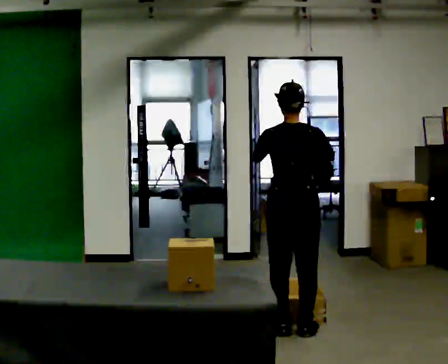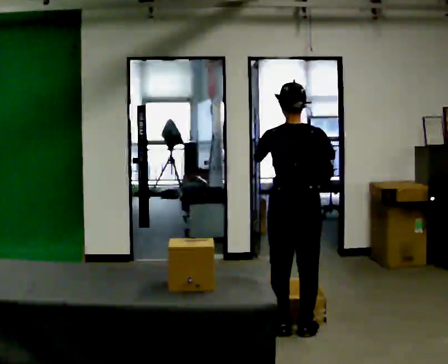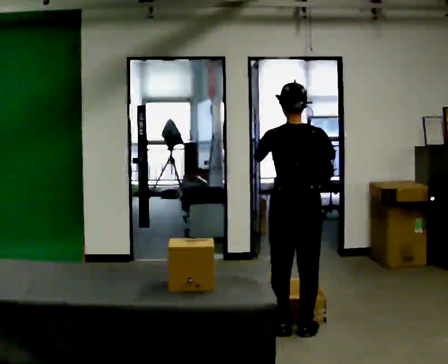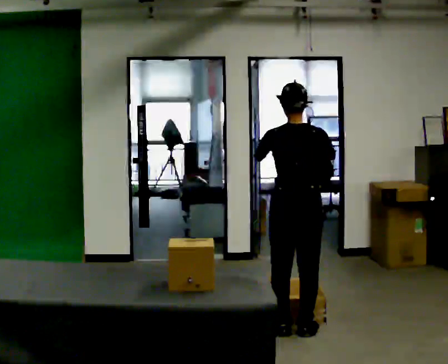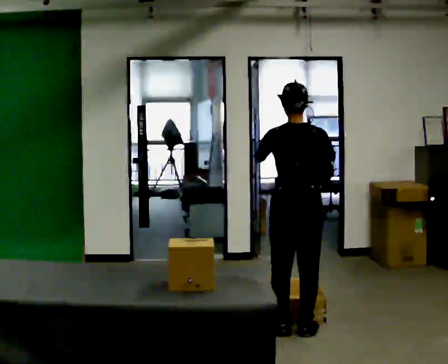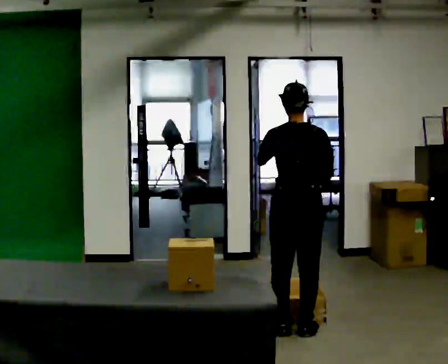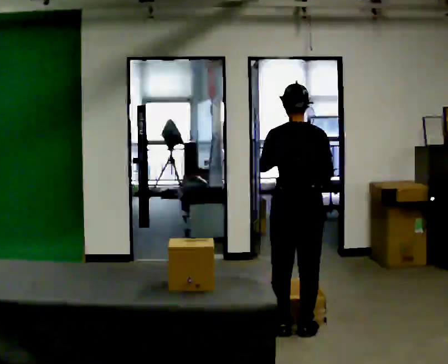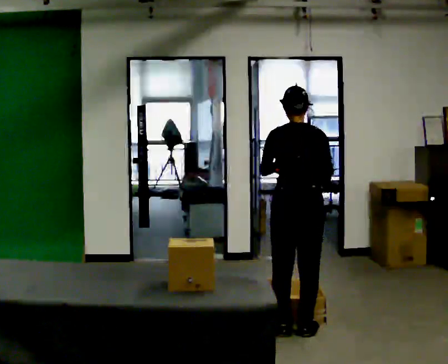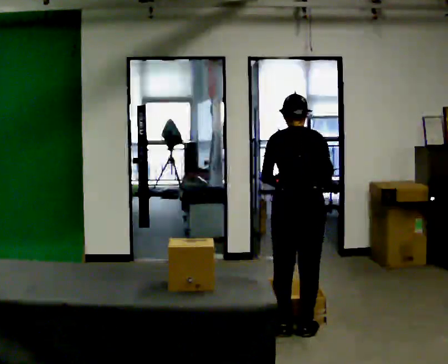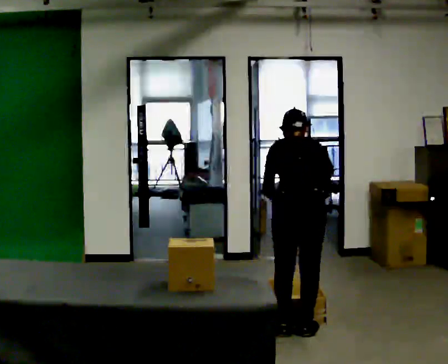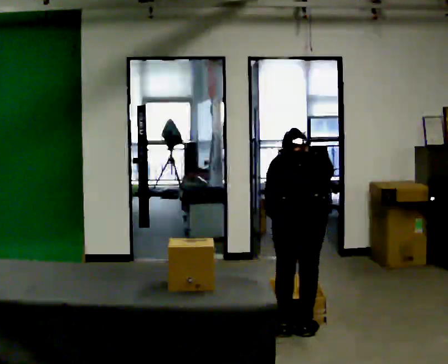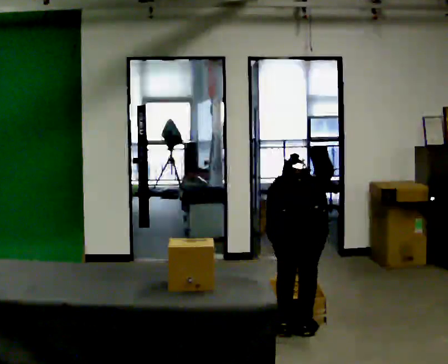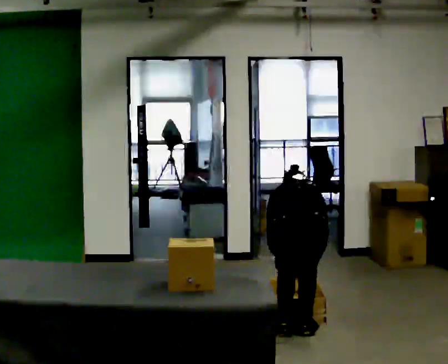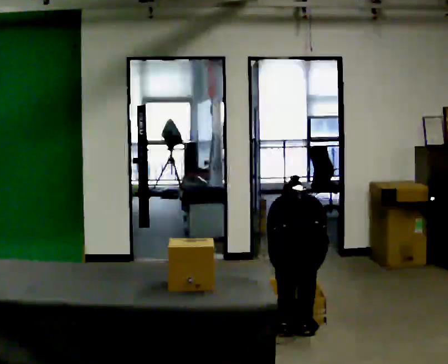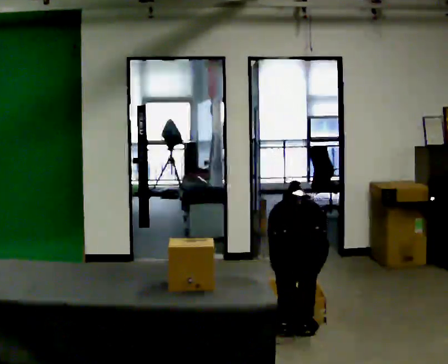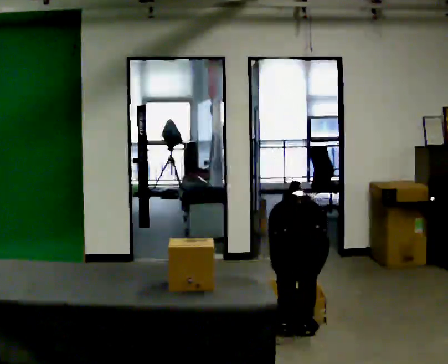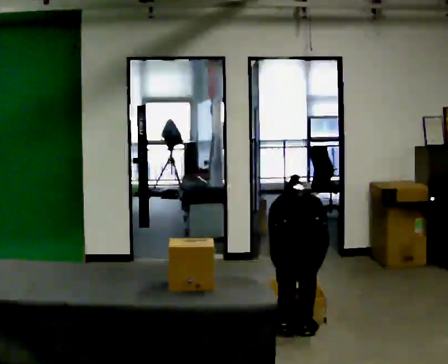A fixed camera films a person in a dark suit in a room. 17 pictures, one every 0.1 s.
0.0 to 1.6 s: The upper body goes downward. The upper body tips away from the camera, its near side rolling upward, as they bend forward. In the picture their left hand goes downward.
The film runs backward here.
